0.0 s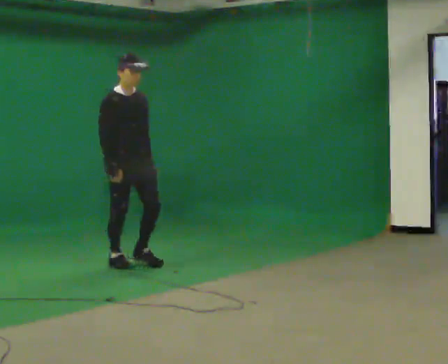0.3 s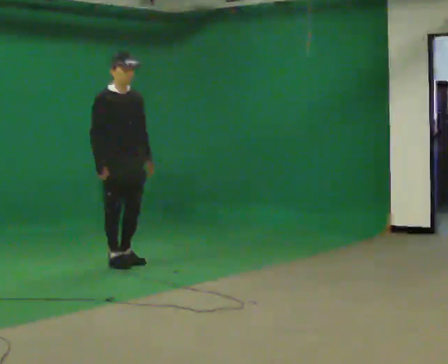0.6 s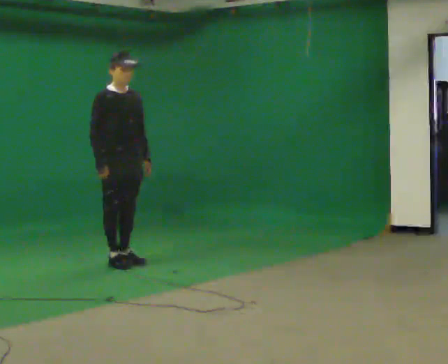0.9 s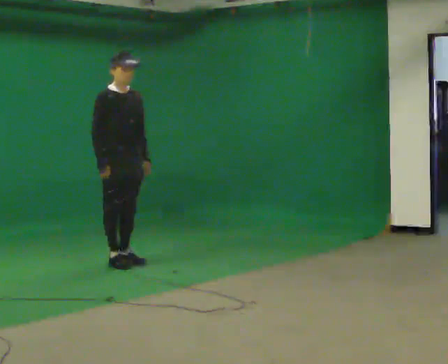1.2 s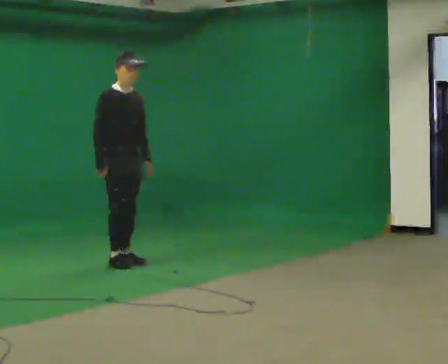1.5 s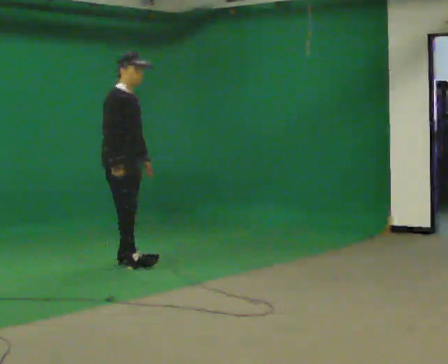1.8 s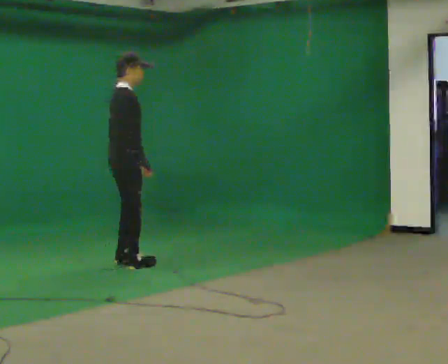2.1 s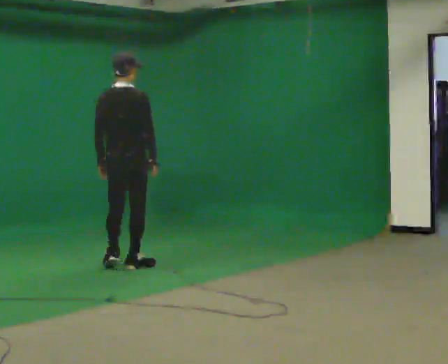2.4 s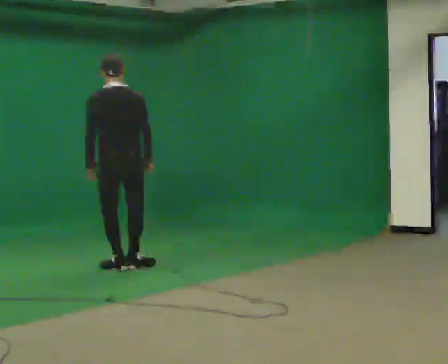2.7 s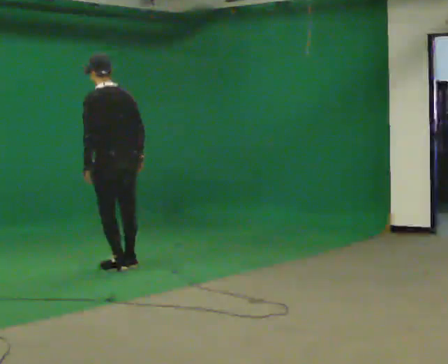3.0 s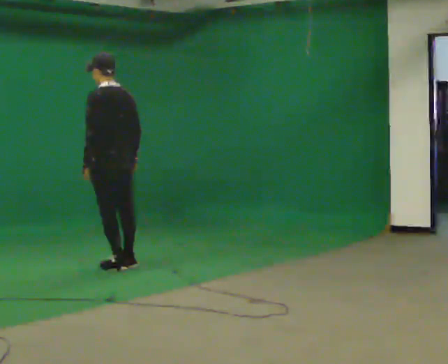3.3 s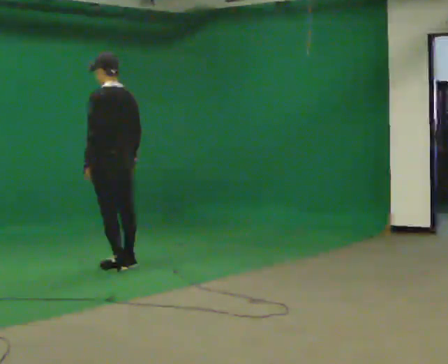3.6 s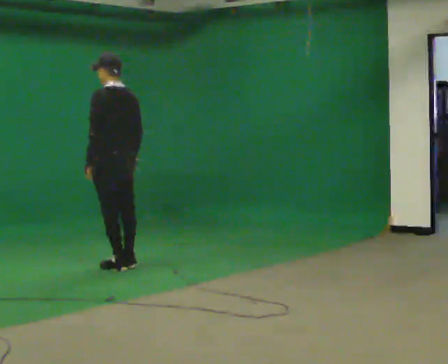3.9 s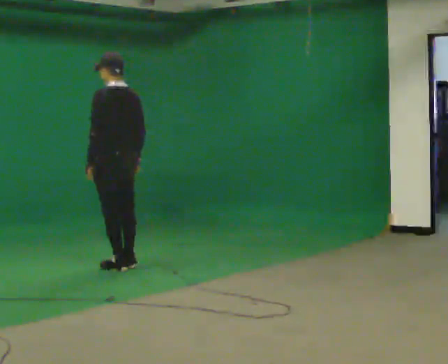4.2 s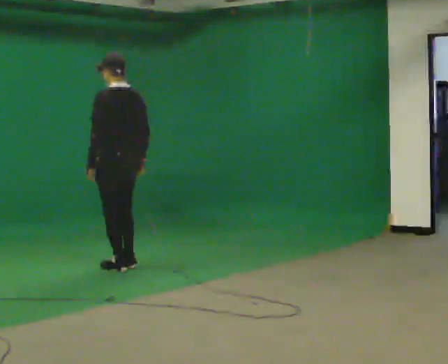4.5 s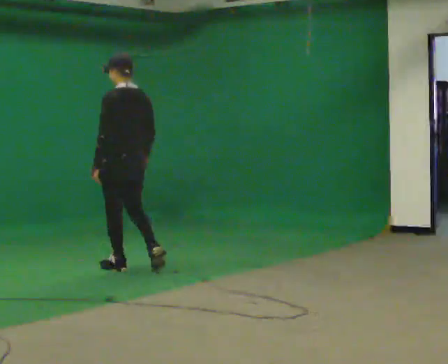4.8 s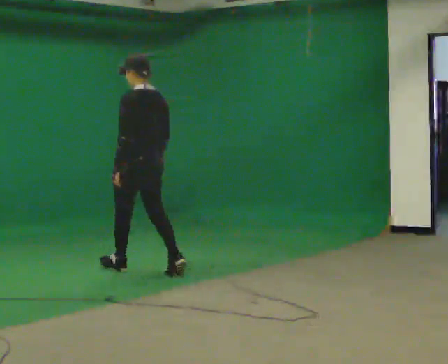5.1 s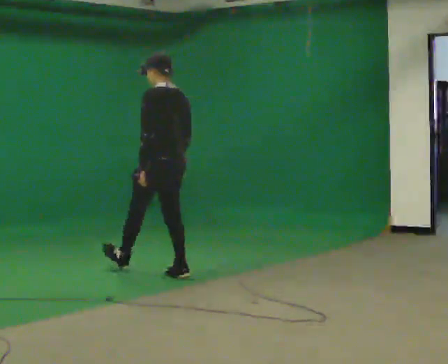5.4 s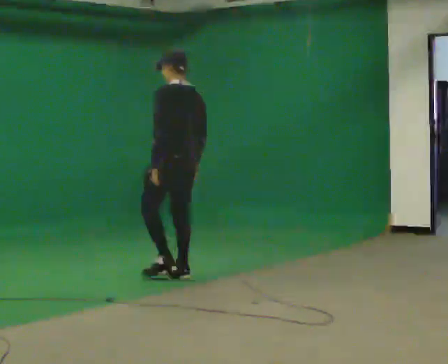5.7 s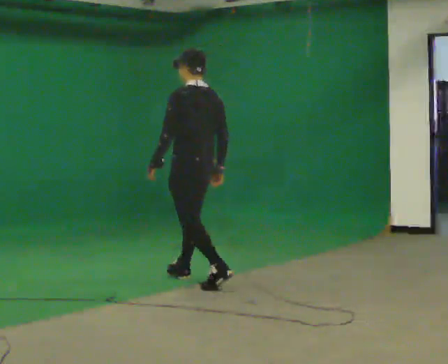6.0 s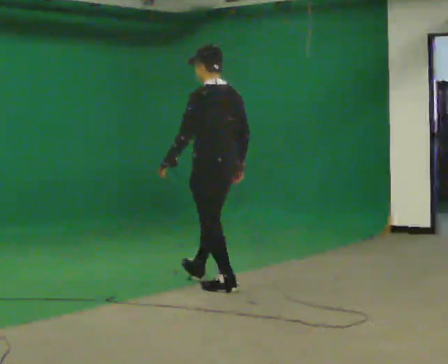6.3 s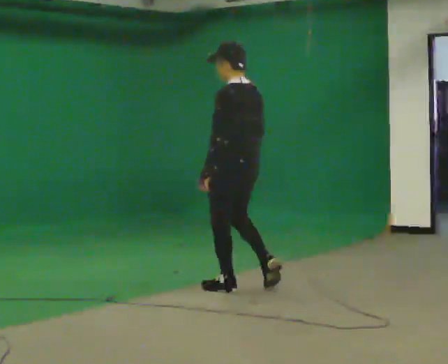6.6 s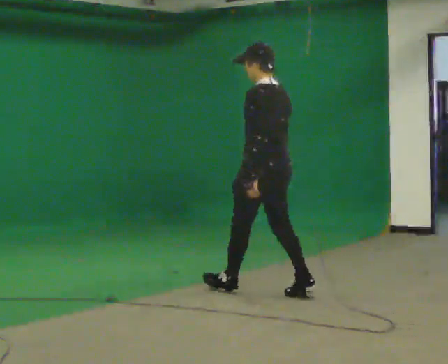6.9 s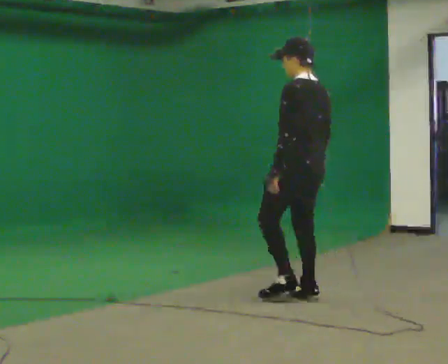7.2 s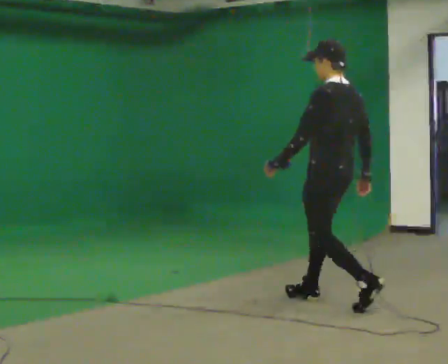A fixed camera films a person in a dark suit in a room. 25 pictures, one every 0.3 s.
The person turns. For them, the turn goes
to their left.
The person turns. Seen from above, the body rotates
counterclockwise.
0.0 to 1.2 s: In the picture they go away from the camera, about 0.25 m, which for them is backward.
1.2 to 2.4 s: The person turns about 135 degrees to their left, counterclockwise seen from above, so the part of the body nearest the lens slides to the right. In the picture they go toward the camera, about 0.25 m in 2 steps. In the picture their left hand goes to the left, the arm swinging clockwise.
2.4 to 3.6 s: The part of the body nearest the lens slides to the right as the person turns to their left by about 45 degrees.
3.6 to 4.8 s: In the picture they go toward the camera and to the right, about 0.25 m in 1 step, which for them is backward.
4.8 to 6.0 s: In the picture they go toward the camera and to the right, about 1 m in 2 steps, which for them is backward.
6.0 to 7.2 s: In the picture they go to the right and toward the camera, about 1 m in 1 step, which for them is backward.
The film runs backward here.
